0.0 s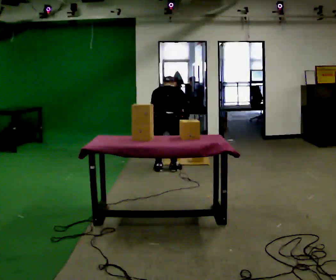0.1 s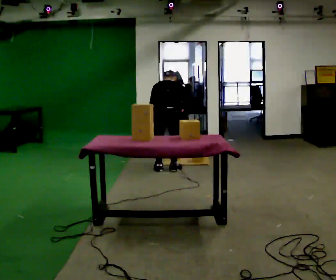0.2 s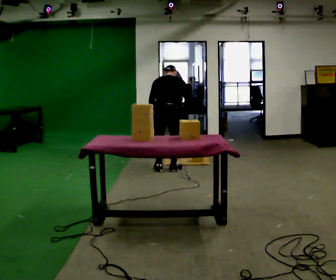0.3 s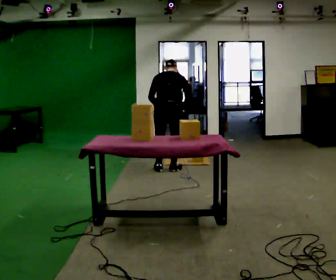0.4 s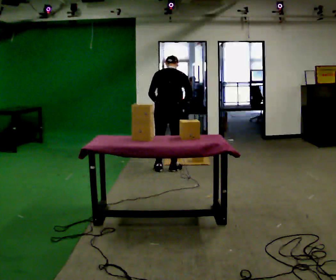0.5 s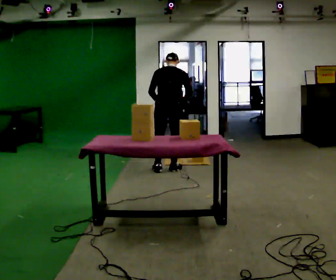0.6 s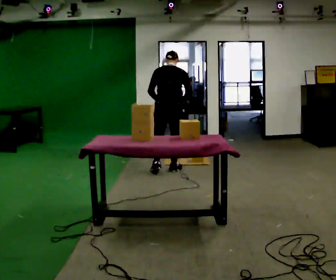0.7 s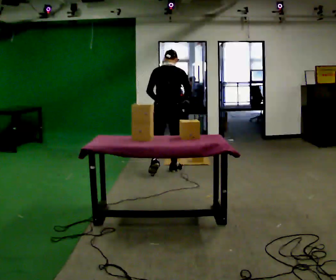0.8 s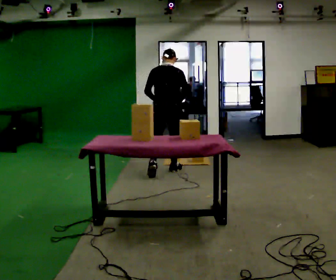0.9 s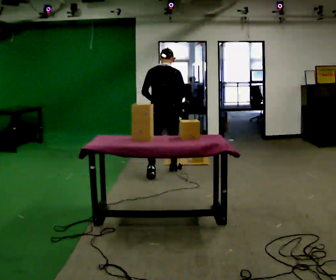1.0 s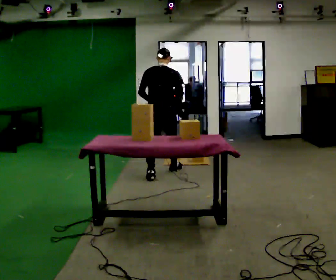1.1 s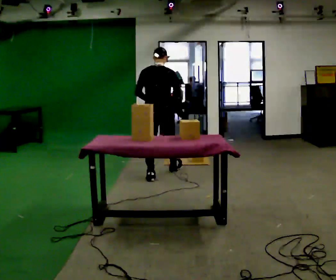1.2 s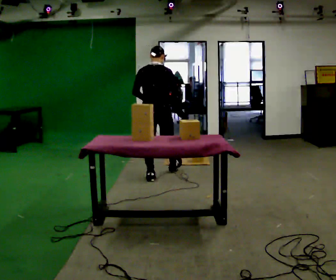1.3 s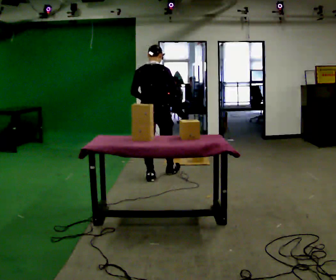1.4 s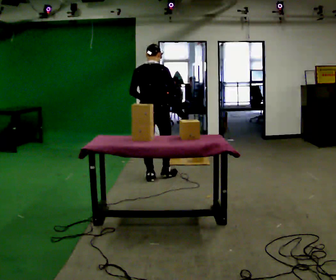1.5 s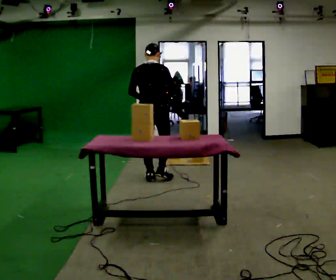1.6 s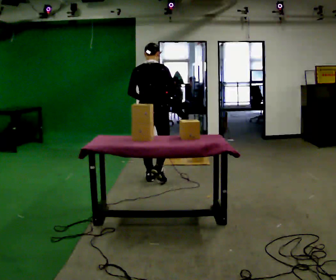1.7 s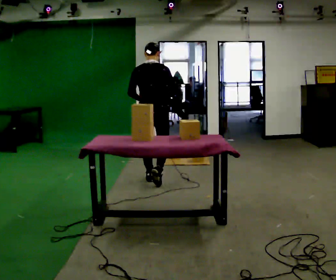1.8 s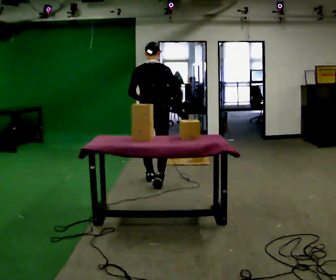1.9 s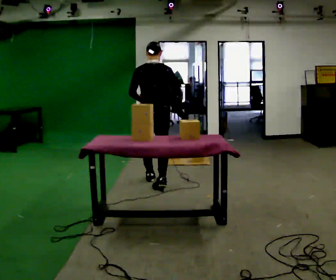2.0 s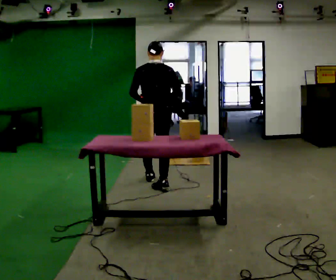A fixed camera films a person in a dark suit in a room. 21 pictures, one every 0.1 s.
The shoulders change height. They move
upward.
The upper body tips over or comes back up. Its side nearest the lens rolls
downward.
0.0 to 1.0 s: The upper body goes upward. The upper body tips toward the camera, its near side rolling downward, as they lean back or straighten. In the picture their left hand goes upward.
1.0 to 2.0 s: In the picture they go toward the camera, about 0.5 m in 1 step, which for them is backward.
The film runs backward here.
